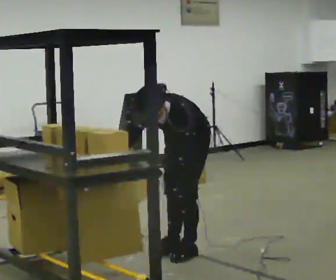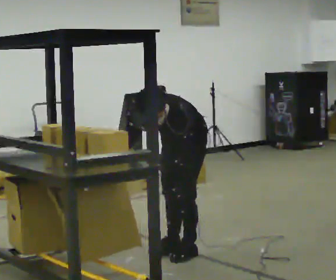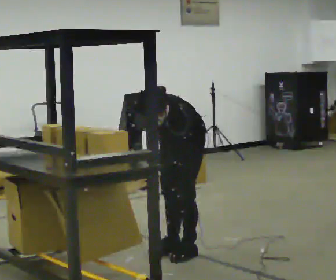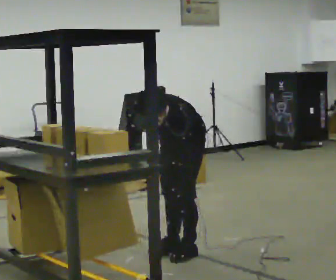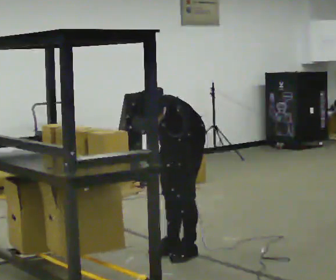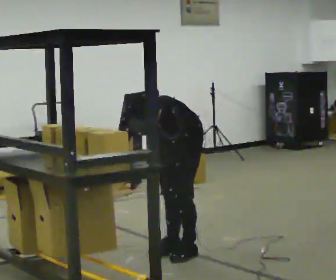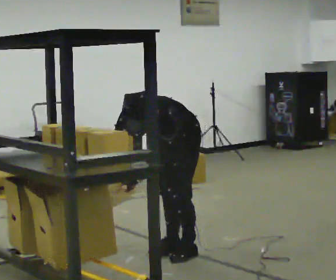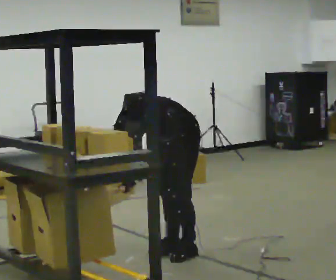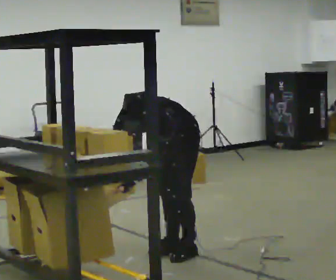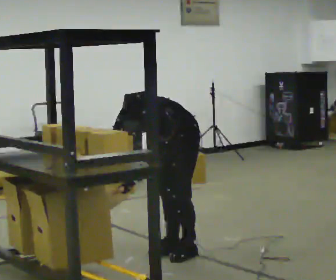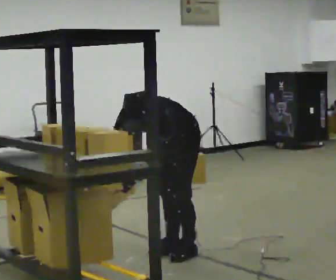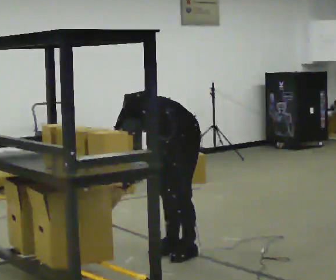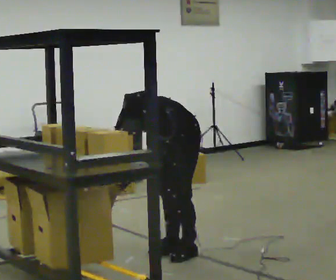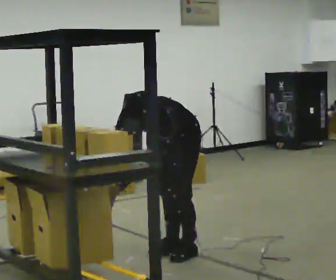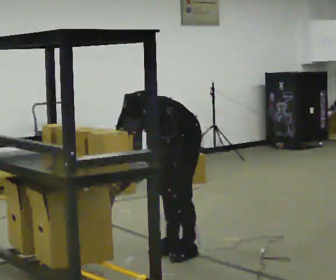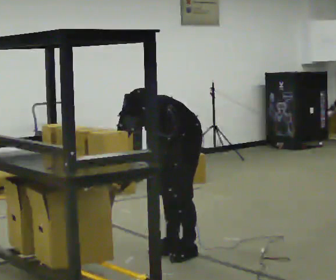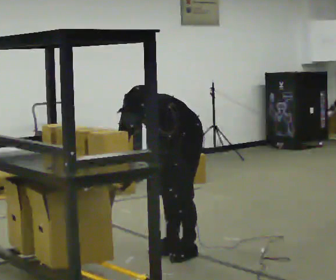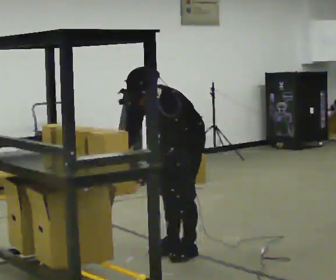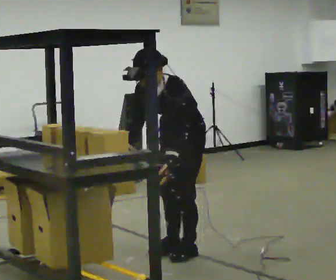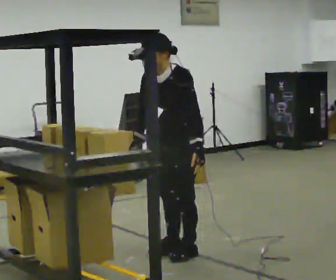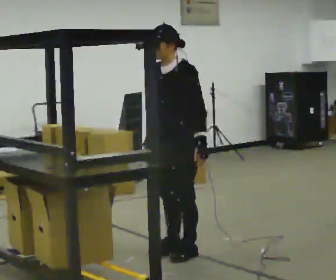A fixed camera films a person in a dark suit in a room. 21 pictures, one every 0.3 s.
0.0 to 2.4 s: The person moves a little, or ends about where they began.
2.4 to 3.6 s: The person keeps their place and pose.
3.6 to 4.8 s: The person moves a little, or ends about where they began.
4.8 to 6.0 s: The upper body goes upward. The upper body tips away from the camera, its near side rolling upward, as they lean back or straighten.
The film runs forward here.
